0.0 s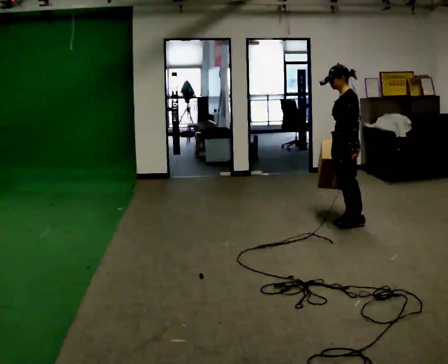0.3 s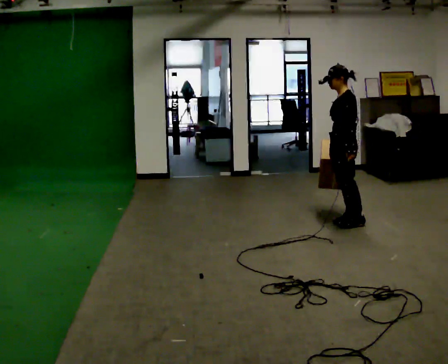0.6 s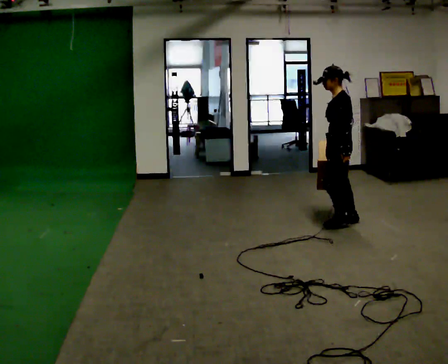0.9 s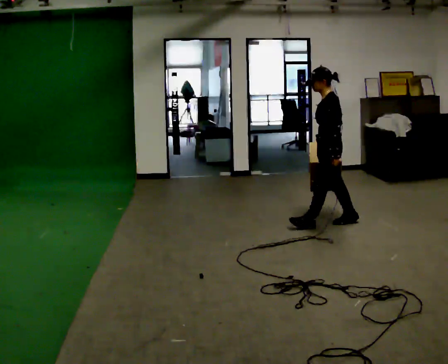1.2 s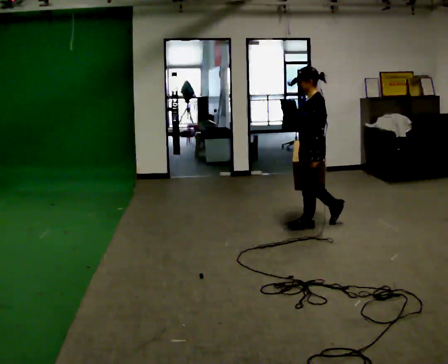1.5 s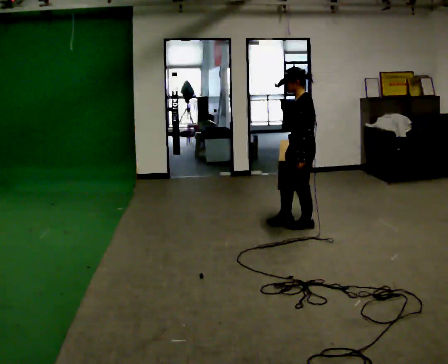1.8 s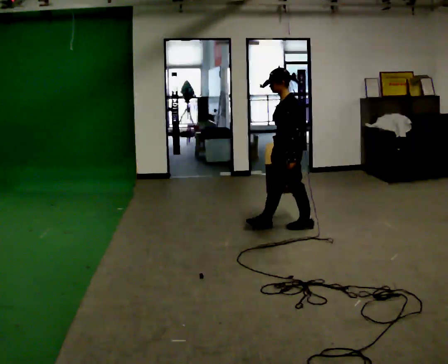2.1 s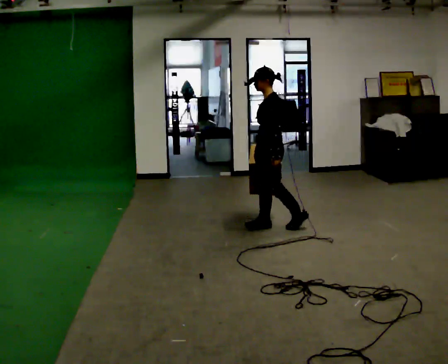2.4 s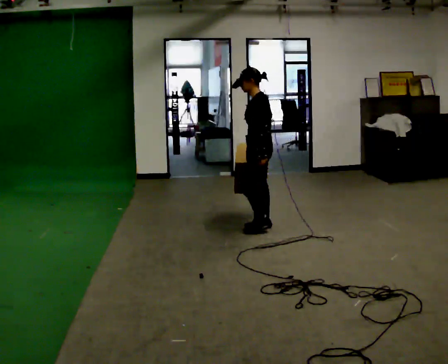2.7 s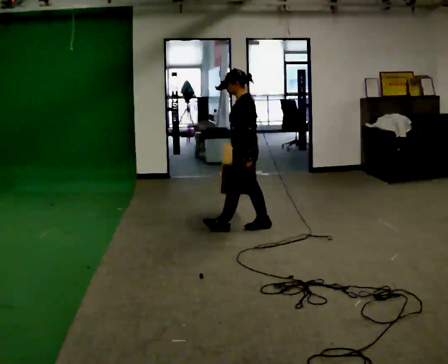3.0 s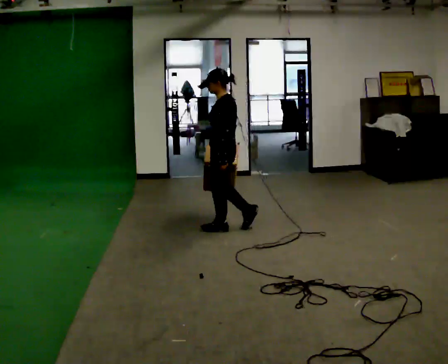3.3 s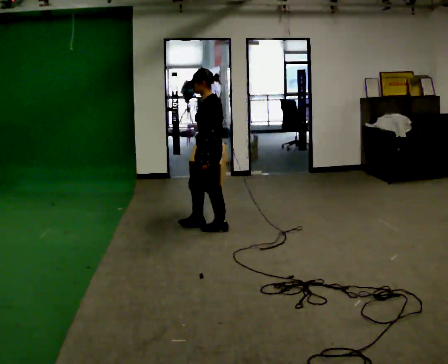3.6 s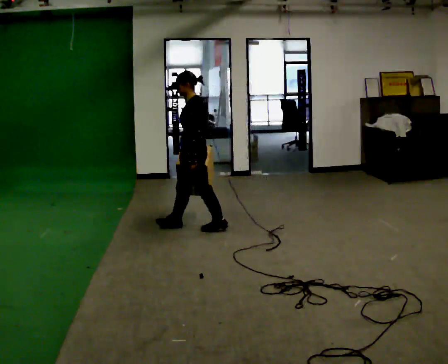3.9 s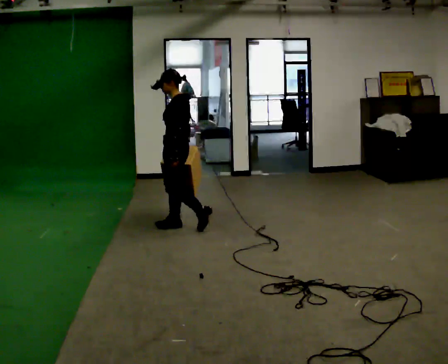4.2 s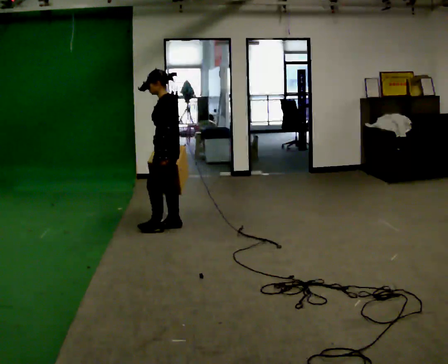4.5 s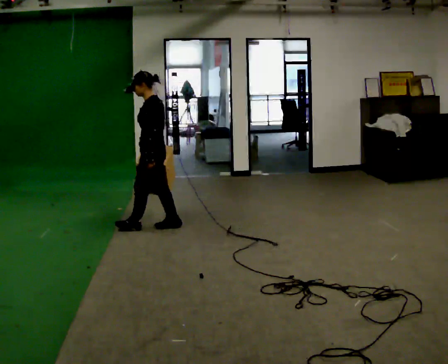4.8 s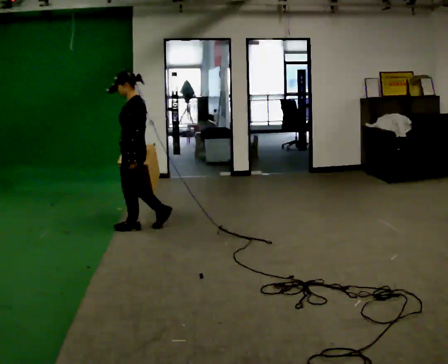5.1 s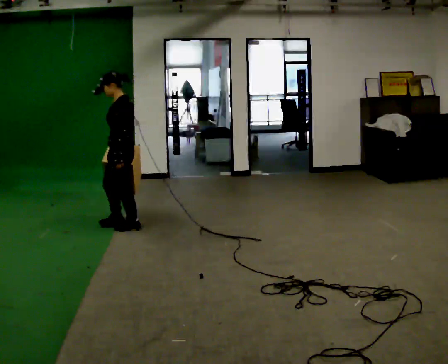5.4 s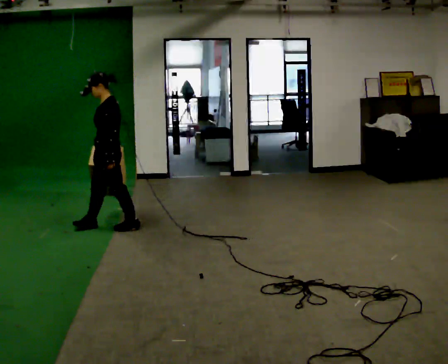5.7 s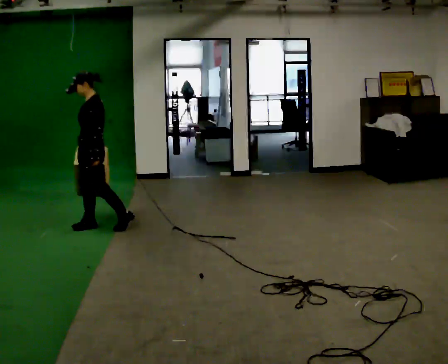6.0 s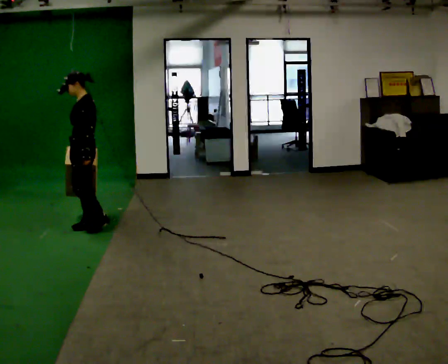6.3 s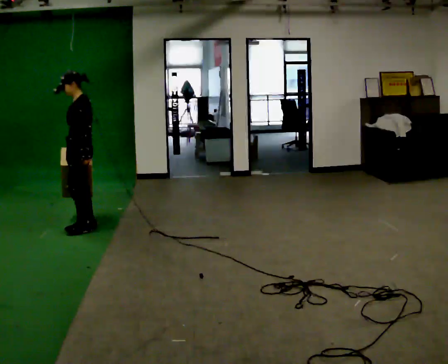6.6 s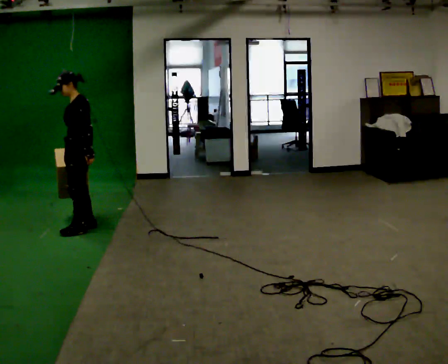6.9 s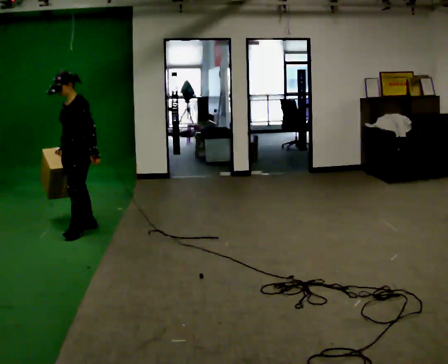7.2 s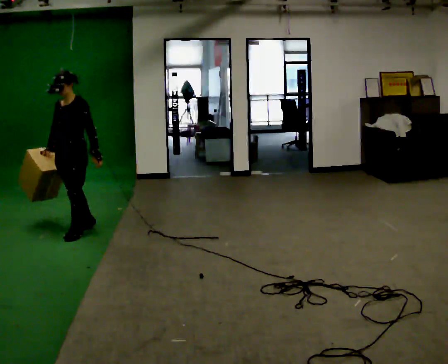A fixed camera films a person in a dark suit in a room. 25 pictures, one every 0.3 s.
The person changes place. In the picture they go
to the left.
0.0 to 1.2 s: In the picture they go to the left, about 0.25 m in 1 step, which for them is forward.
1.2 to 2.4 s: In the picture they go to the left, about 0.5 m in 1 step, which for them is forward.
2.4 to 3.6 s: In the picture they go to the left, about 0.5 m in 2 steps, which for them is forward.
3.6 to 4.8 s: In the picture they go to the left, about 0.5 m in 1 step, which for them is forward.
4.8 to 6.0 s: In the picture they go to the left, about 0.5 m in 1 step, which for them is forward.
6.0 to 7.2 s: The person turns about 45 degrees to their left, counterclockwise seen from above, so the part of the body nearest the lens slides to the right. In the picture they go toward the camera, about 0.25 m in 1 step, which for them is forward.
The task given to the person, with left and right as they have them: Carry the box straight from one end of the room to the other, set it down, then bring it back. Keep going until the operator says stop; one object at a time, and do not rush between trips.
The film runs forward here.
